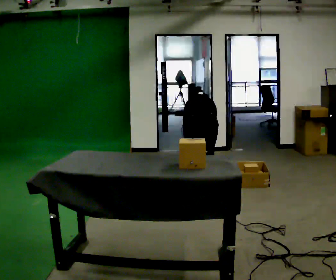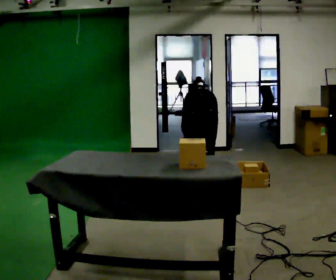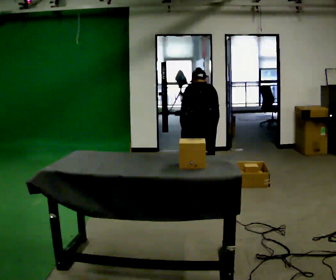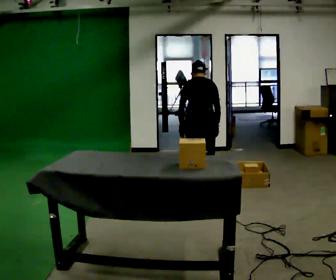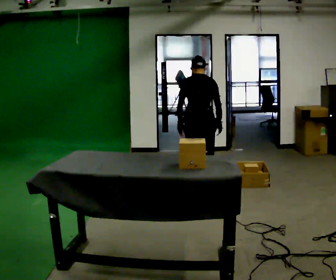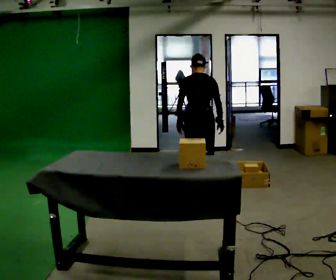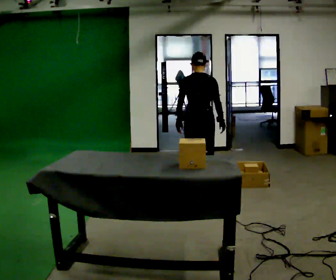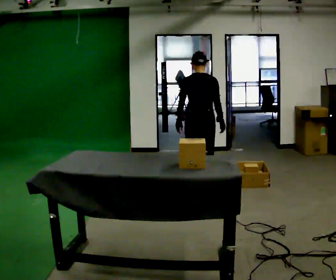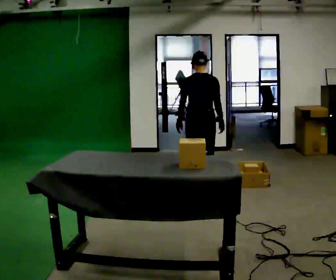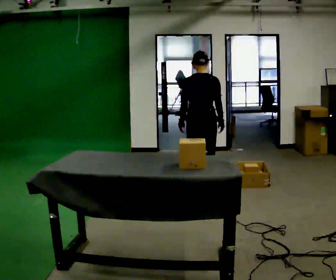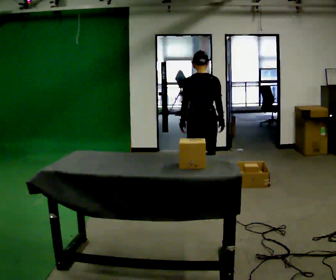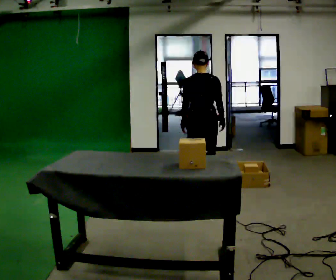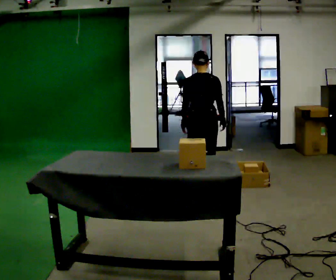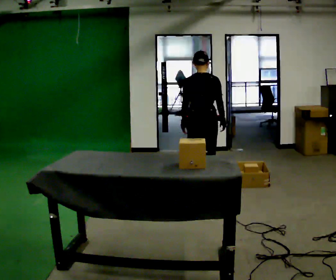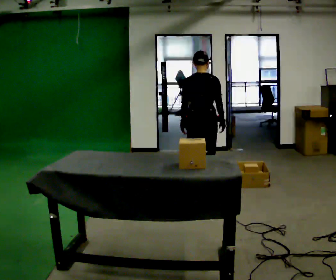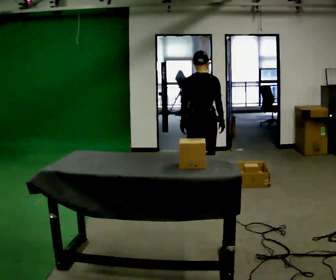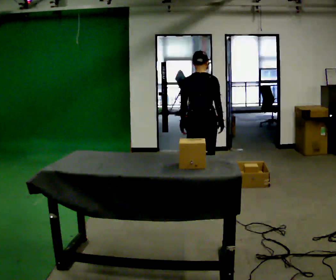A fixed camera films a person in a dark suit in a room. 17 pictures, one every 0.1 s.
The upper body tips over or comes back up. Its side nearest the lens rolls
downward.
The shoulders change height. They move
upward.
0.0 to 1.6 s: The shoulders move upward. The upper body tips toward the camera, its near side rolling downward, as they lean back or straighten.
The film runs forward here.
